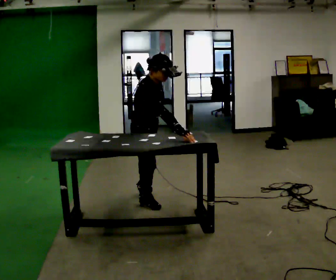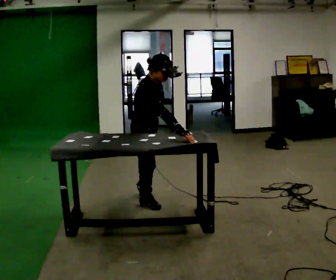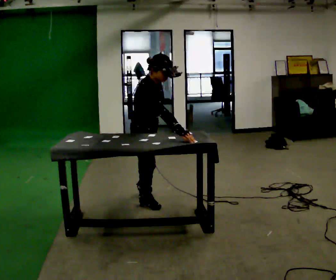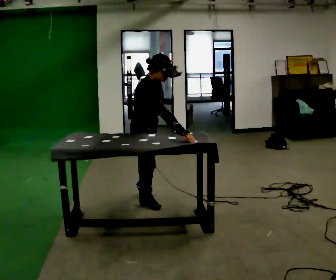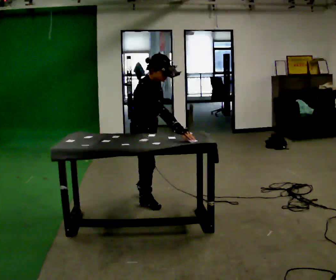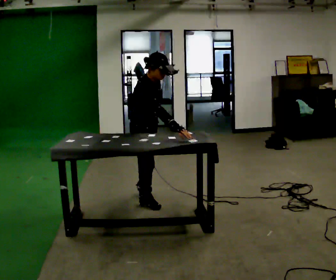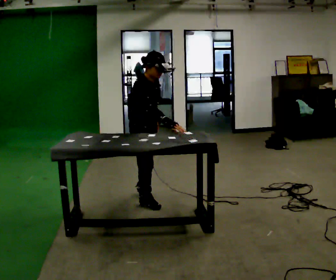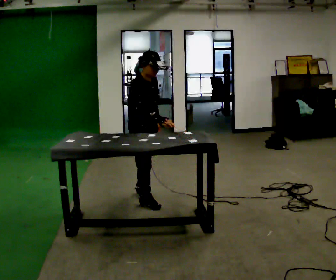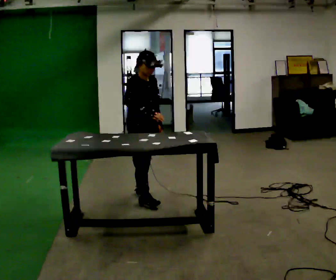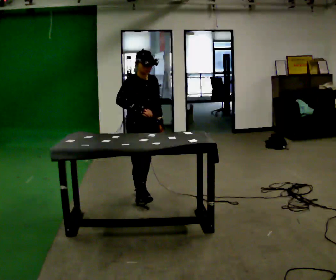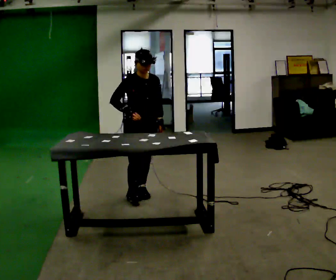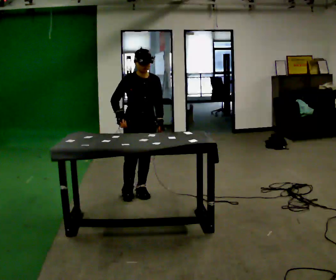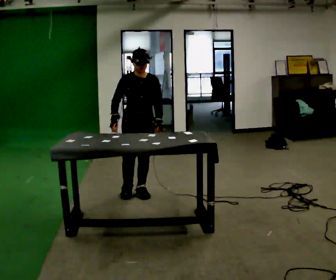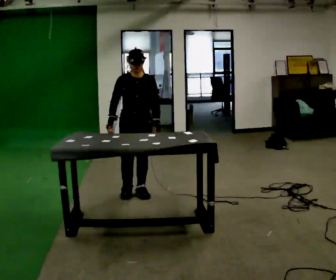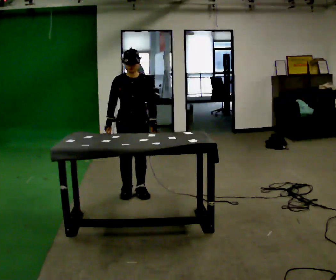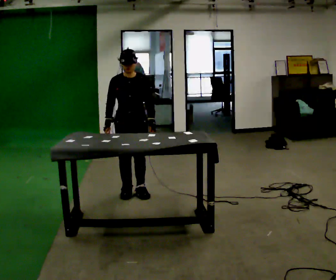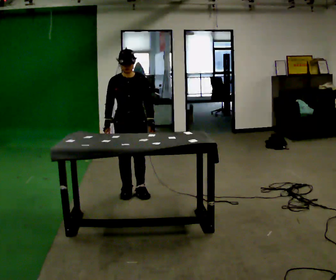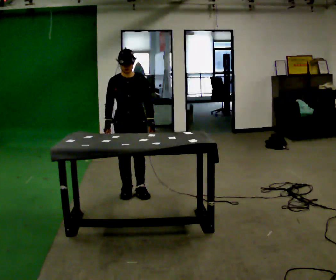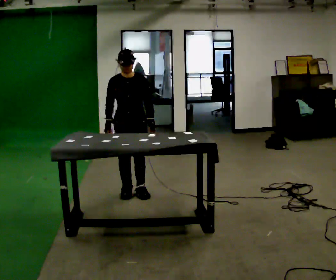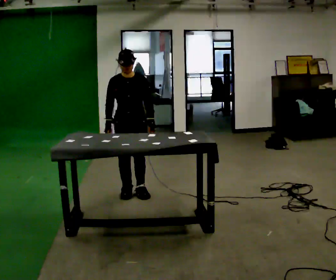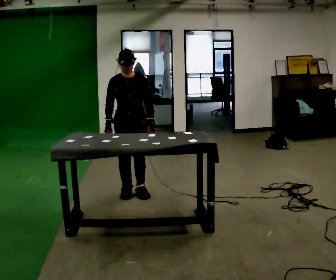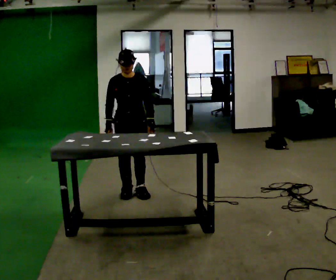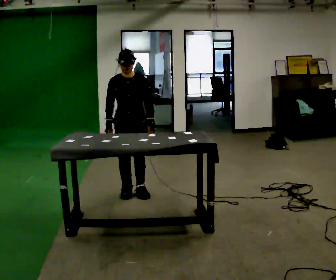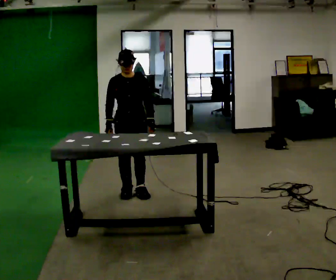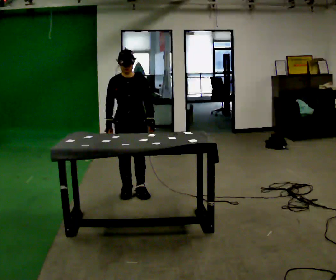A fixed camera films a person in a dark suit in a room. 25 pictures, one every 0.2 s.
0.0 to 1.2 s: The person moves a little, or ends about where they began.
1.2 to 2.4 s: The person turns about 45 degrees to their right, clockwise seen from above, so the part of the body nearest the lens slides to the left. In the picture they go away from the camera, about 0.25 m in 1 step, which for them is backward. The upper body tips away from the camera, its near side rolling upward, as they lean back or straighten. In the picture their right hand goes to the left.
2.4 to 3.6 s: The person moves a little, or ends about where they began.
3.6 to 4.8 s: The person keeps their place and pose.
The film runs forward here.
